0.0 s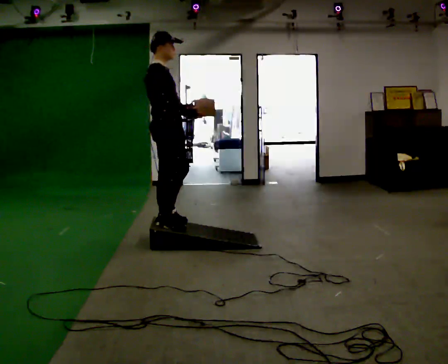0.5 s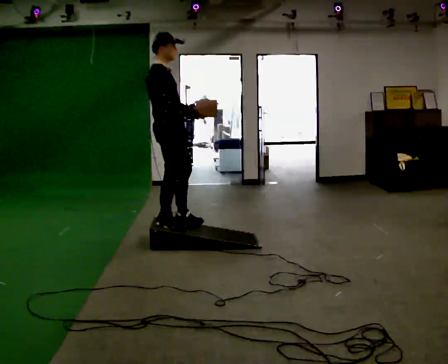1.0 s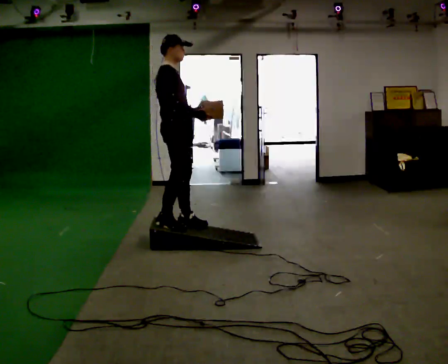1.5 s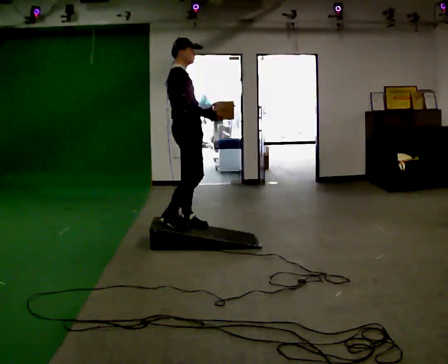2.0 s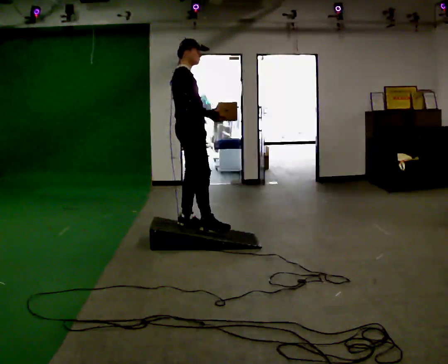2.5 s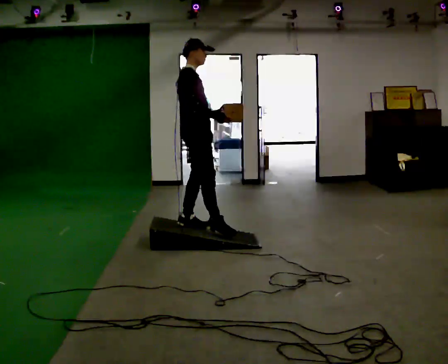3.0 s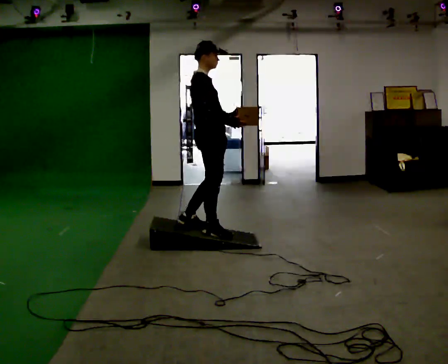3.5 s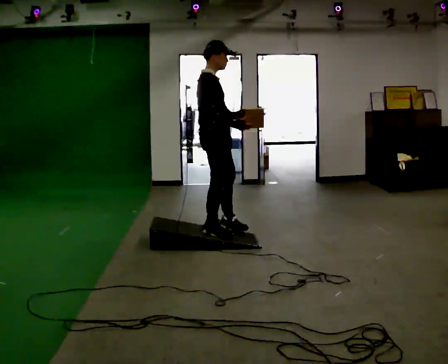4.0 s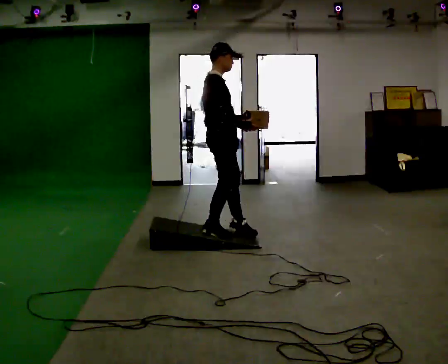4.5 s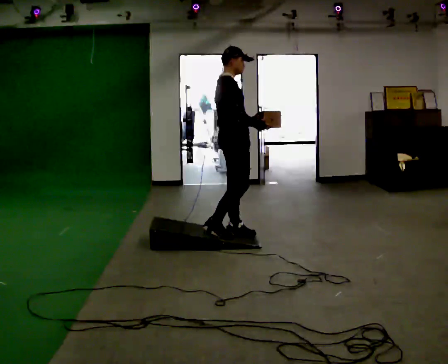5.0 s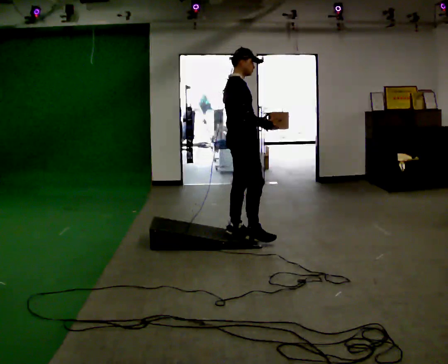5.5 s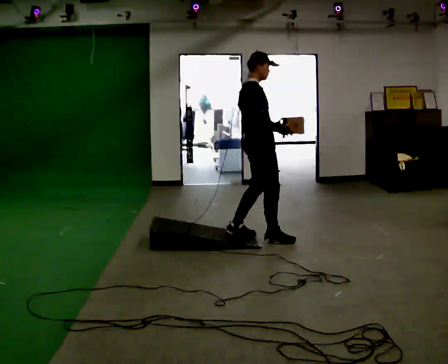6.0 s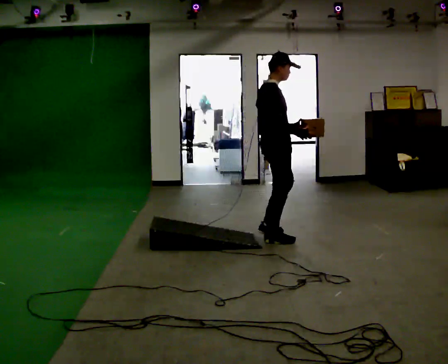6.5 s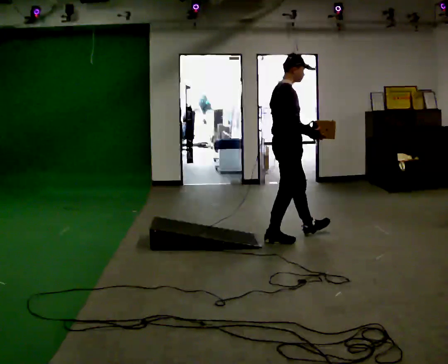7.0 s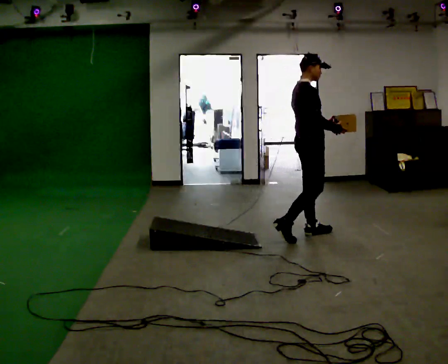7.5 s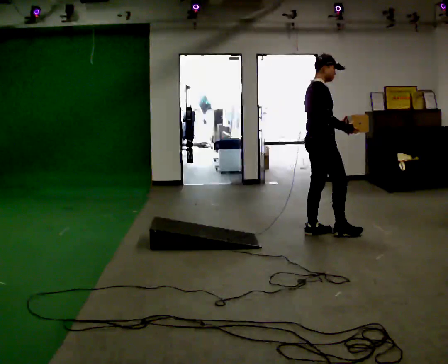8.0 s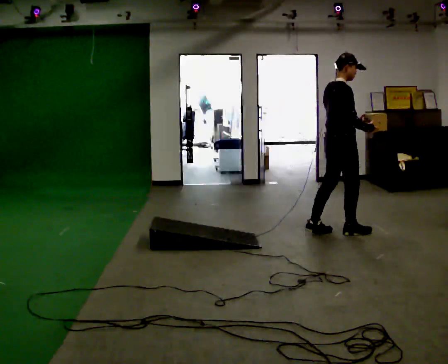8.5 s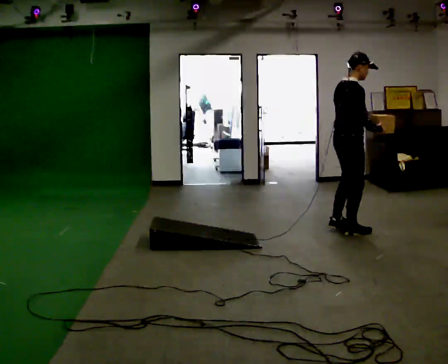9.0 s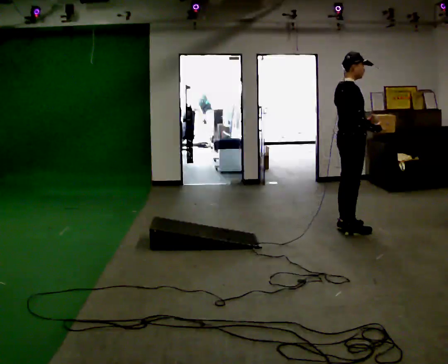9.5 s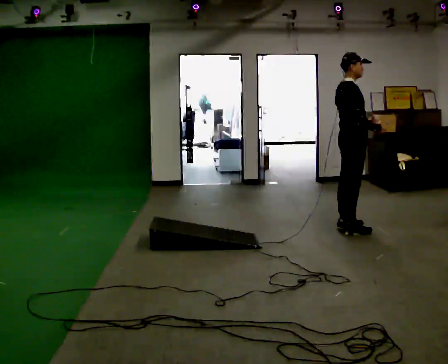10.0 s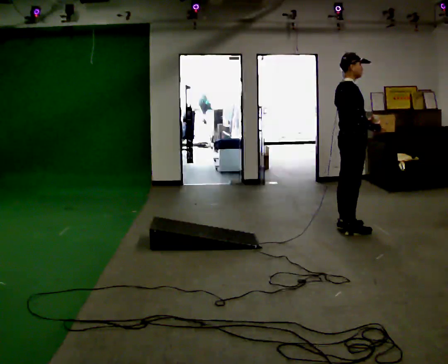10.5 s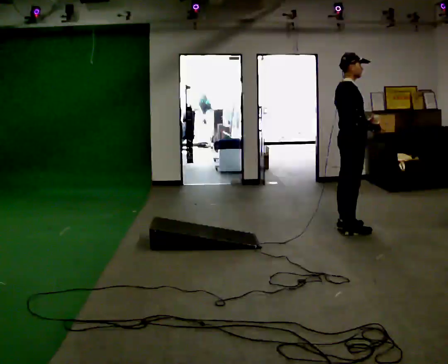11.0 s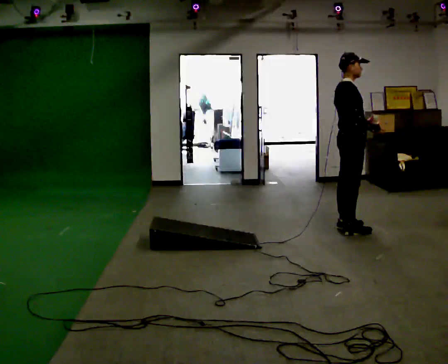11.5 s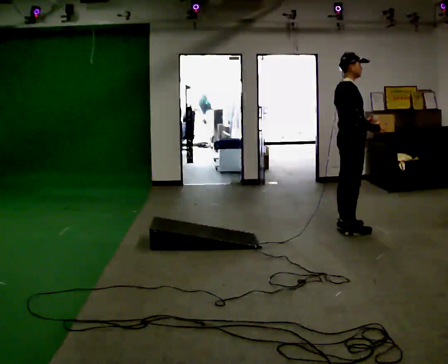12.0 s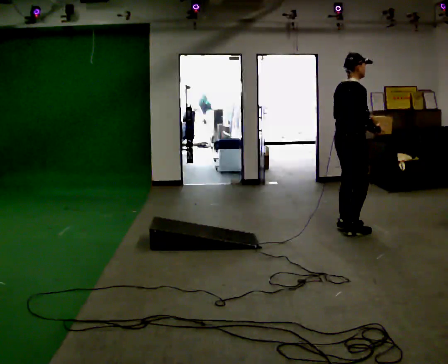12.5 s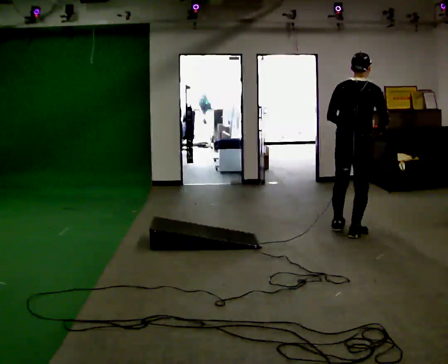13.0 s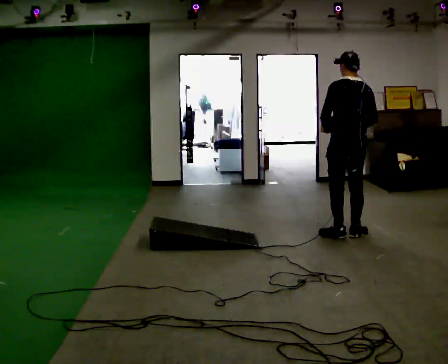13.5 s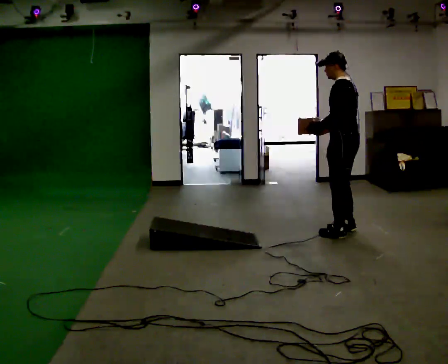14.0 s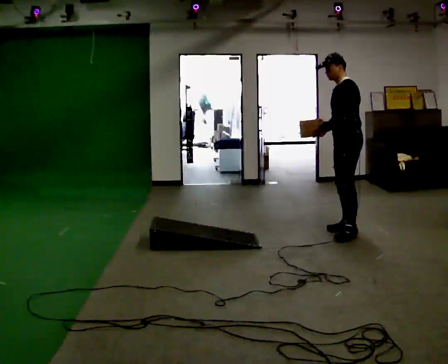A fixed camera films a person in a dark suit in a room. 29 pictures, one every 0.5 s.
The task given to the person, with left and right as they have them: Carry the box up the ramp, turn at the top, and carry it back down. Keep going until the operator says stop; one object at a time, and do not rush between trips.
0.0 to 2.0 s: In the picture they go away from the camera, about 0.25 m in 1 step, which for them is forward and to their left.
2.0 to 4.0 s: In the picture they go to the right, about 0.25 m in 2 steps, which for them is forward and to their right.
4.0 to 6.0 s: In the picture they go to the right, about 0.5 m in 1 step, which for them is forward.
6.0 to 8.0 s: In the picture they go to the right and away from the camera, about 0.75 m in 2 steps, which for them is forward.
8.0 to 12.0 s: The person moves a little, or ends about where they began.
12.0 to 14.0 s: Seen from above the body turns counterclockwise, about 165 degrees: to their left, with its near side sliding to the right.
The film runs forward here.
